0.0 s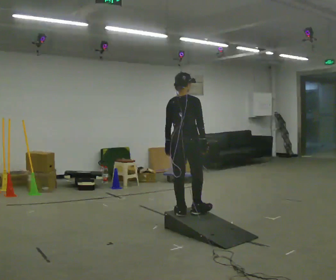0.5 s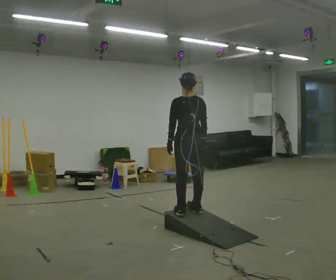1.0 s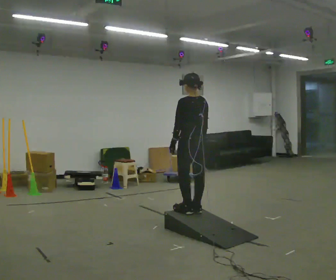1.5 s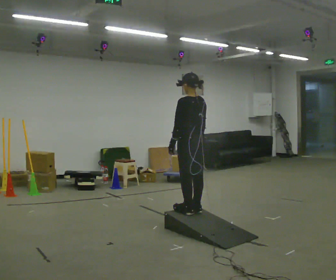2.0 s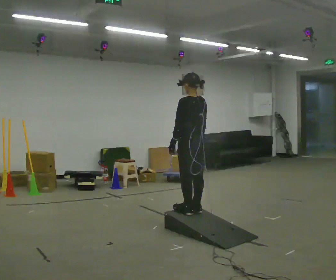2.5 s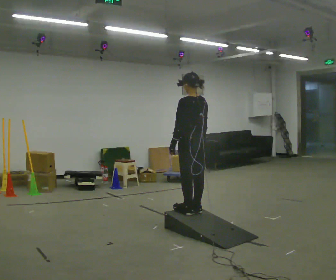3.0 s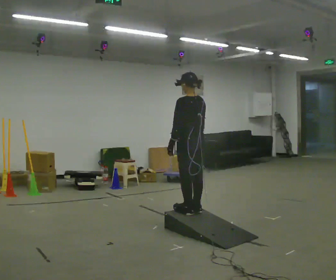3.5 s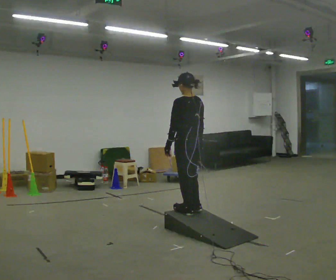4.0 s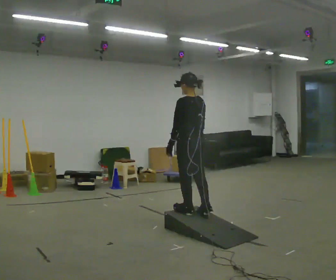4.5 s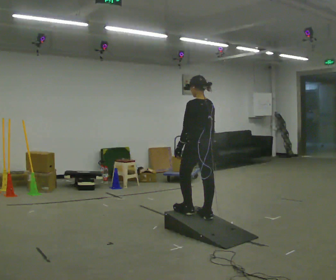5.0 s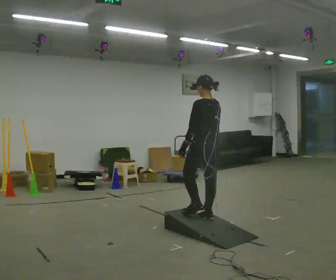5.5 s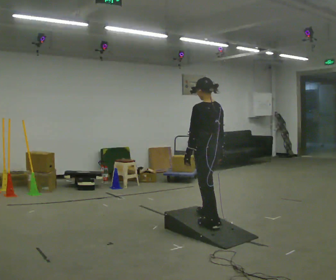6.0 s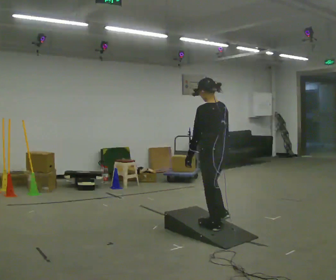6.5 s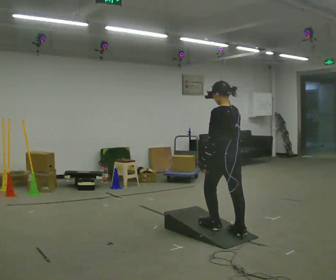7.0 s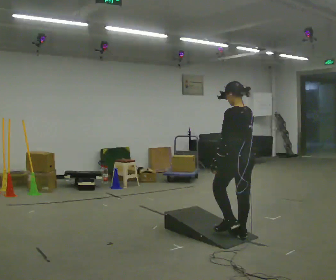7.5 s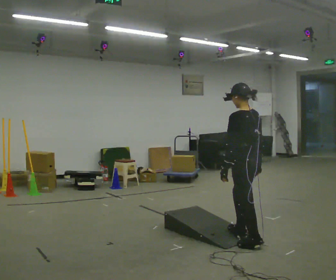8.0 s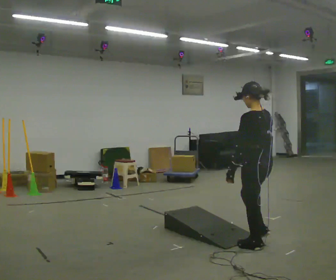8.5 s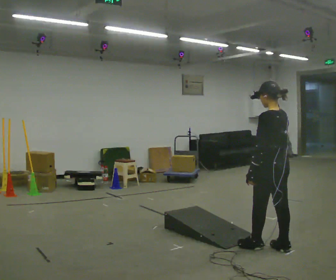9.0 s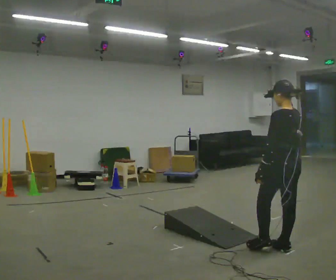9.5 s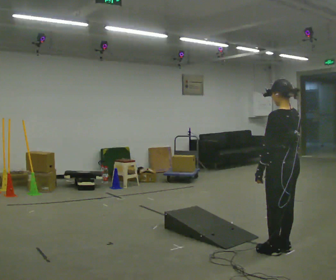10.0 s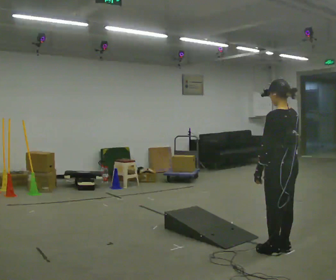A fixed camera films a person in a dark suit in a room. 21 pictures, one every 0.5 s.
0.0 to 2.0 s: Seen from above the body turns counterclockwise, about 60 degrees: to their left, with its near side sliding to the right.
2.0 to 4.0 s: The person moves a little, or ends about where they began.
4.0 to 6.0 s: In the picture they go toward the camera and to the right, about 0.5 m in 2 steps, which for them is backward.
6.0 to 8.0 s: In the picture they go toward the camera and to the right, about 0.5 m in 2 steps, which for them is backward.
8.0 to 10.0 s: In the picture they go to the right, about 0.25 m in 1 step, which for them is backward.
The film runs backward here.
